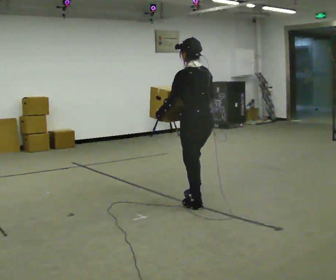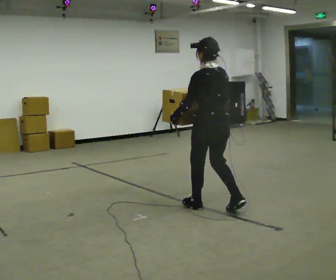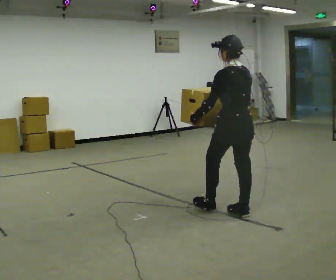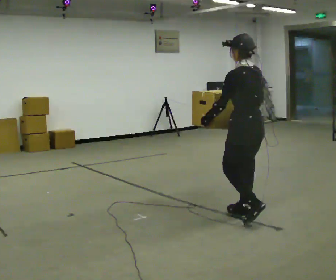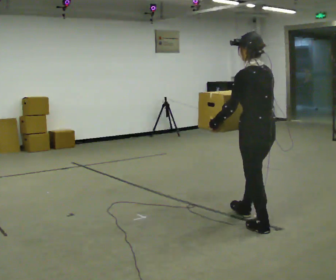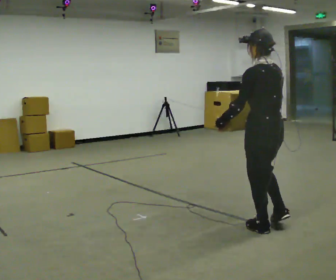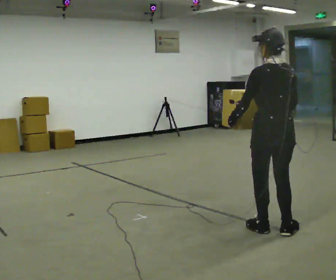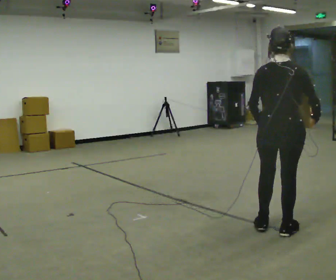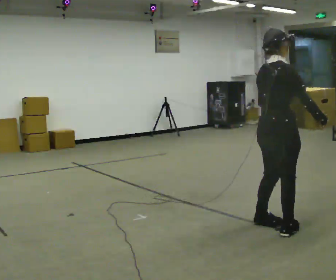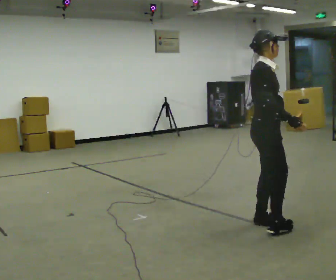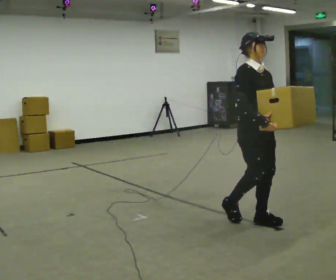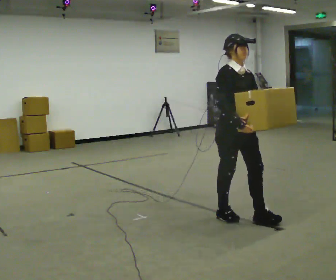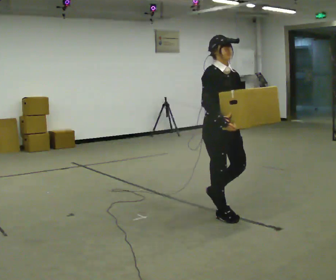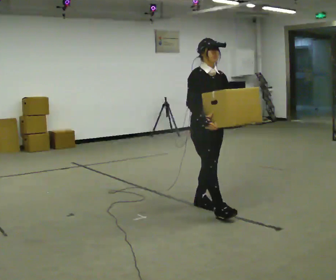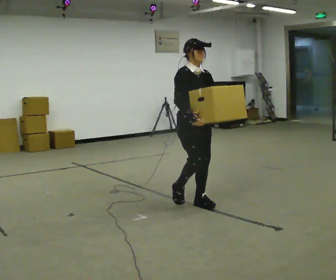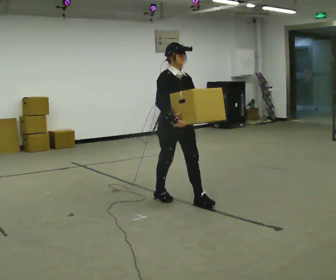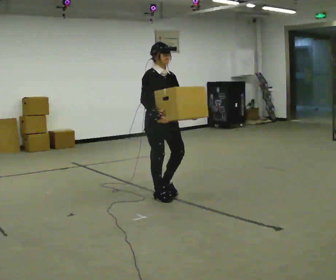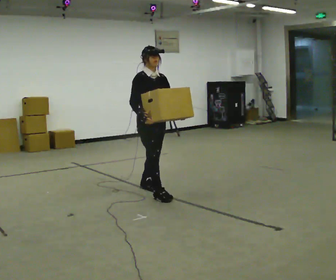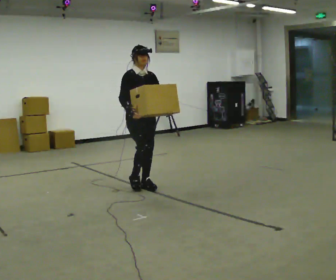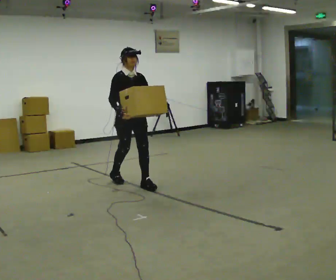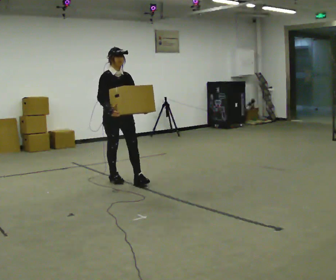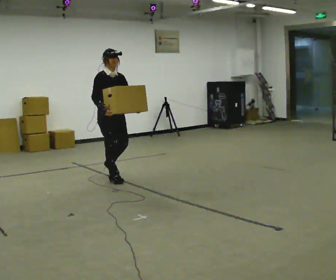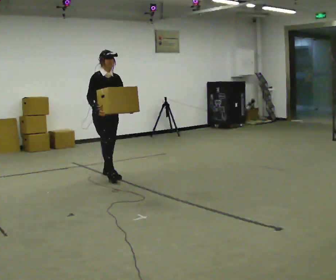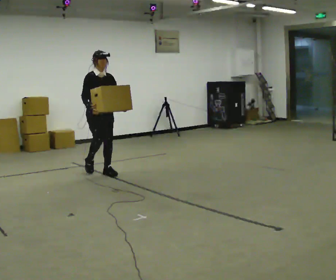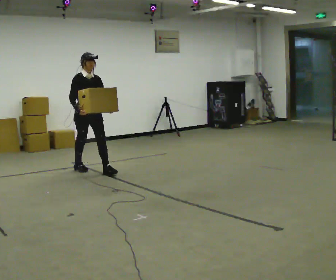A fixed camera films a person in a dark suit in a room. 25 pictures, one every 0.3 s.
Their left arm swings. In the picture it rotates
counterclockwise.
0.0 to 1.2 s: In the picture they go toward the camera and to the right, about 1 m in 2 steps, which for them is backward.
1.2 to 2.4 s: The person turns about 90 degrees to their right, clockwise seen from above, so the part of the body nearest the lens slides to the left. In the picture they go toward the camera, about 0.25 m in 1 step. In the picture their right hand goes to the right, the arm swinging counterclockwise.
2.4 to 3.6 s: The person turns about 75 degrees to their right, clockwise seen from above, so the part of the body nearest the lens slides to the left. In the picture they go away from the camera and to the left, about 0.5 m in 2 steps.
3.6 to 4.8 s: In the picture they go to the left and away from the camera, about 1 m in 2 steps, which for them is backward.
4.8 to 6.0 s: In the picture they go away from the camera and to the left, about 1 m in 2 steps, which for them is backward.
6.0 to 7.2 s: In the picture they go to the left and away from the camera, about 0.75 m in 1 step, which for them is backward.
The film runs backward here.
